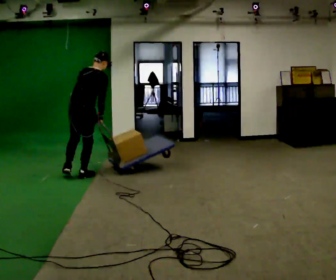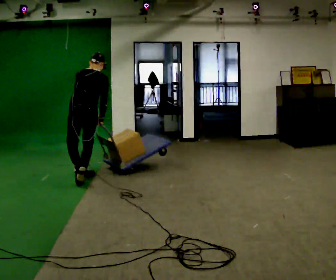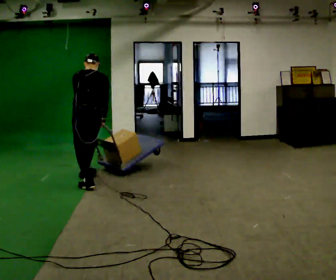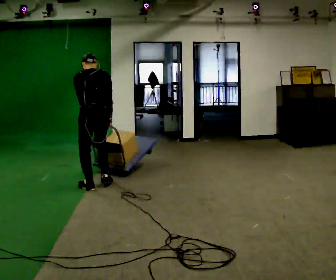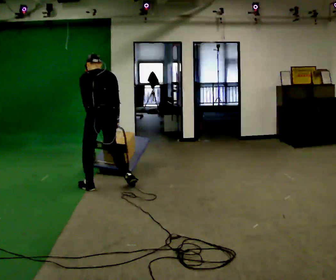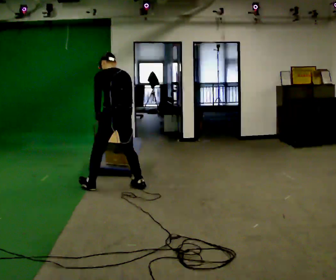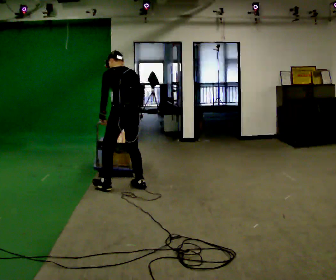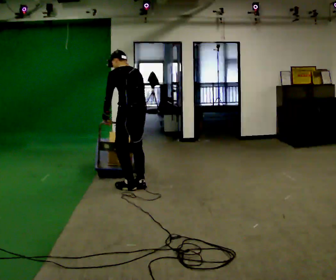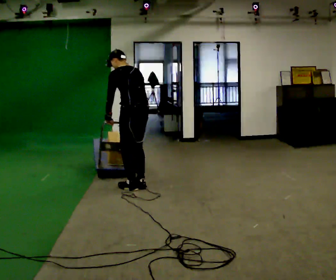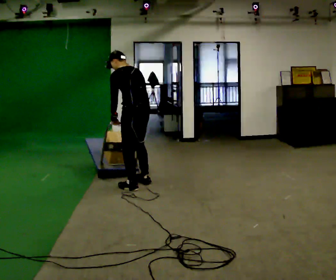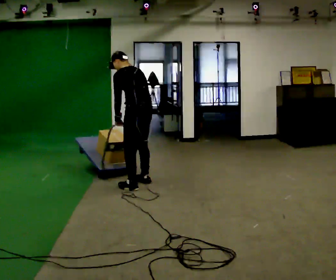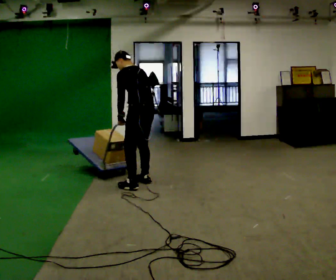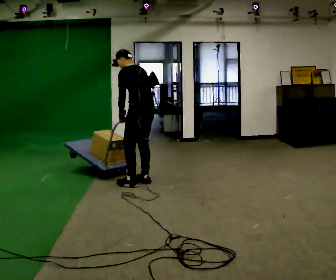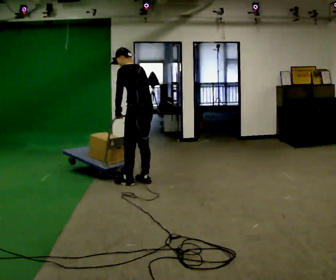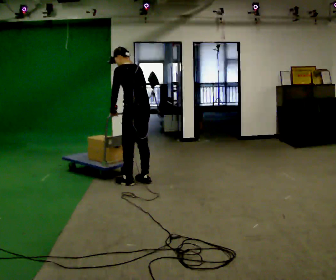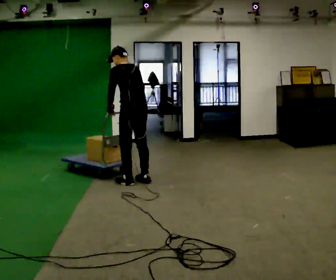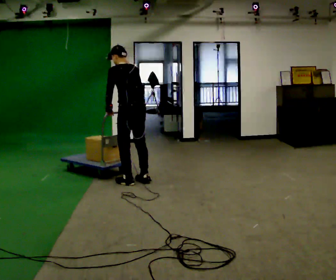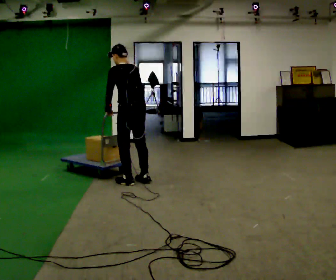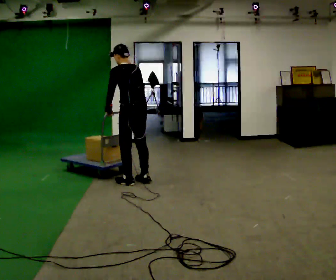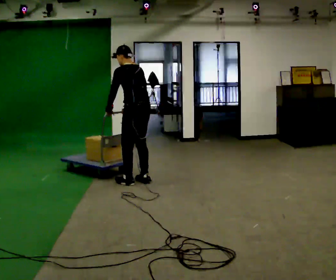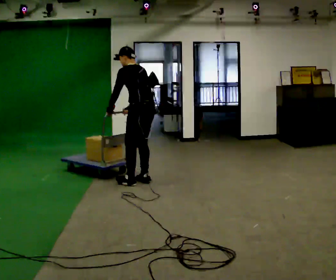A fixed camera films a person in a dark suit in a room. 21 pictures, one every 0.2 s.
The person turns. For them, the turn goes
to their left.
The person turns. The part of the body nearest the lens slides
to the right.
0.0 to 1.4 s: Seen from above the body turns counterclockwise, about 60 degrees: to their left, with its near side sliding to the right. In the picture they go to the right and toward the camera, about 1 m in 2 steps, which for them is backward and to their right. In the picture the upper body tilts counterclockwise, shoulders to the left.
1.4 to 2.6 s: In the picture they go away from the camera, about 0.25 m in 2 steps, which for them is to their right.
2.6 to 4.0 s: The person moves a little, or ends about where they began.
The film runs backward here.
